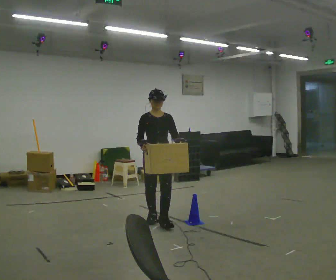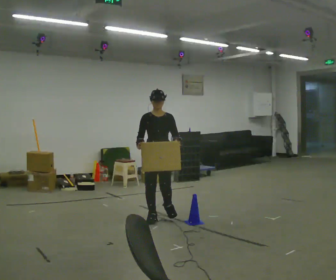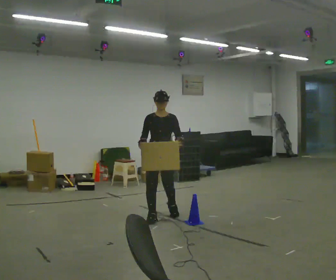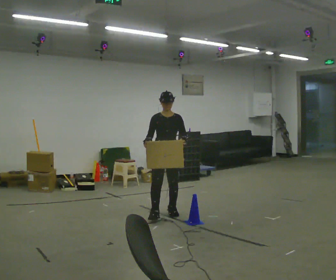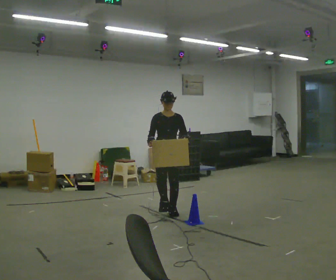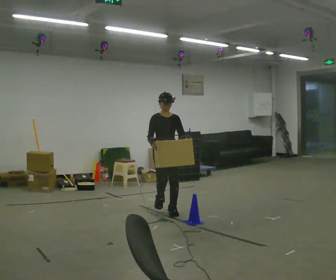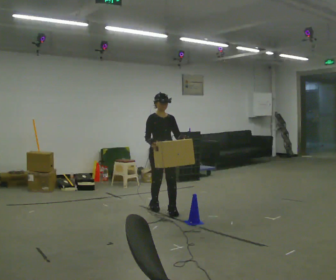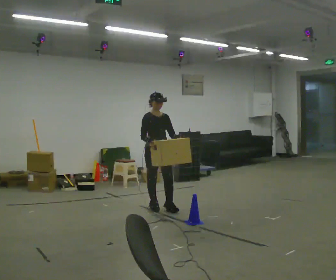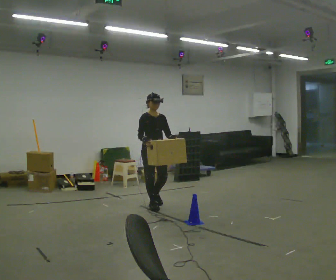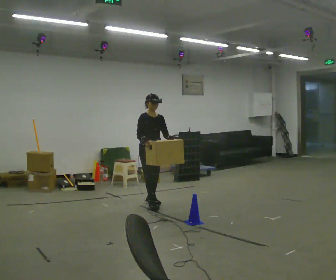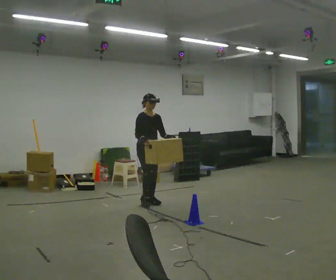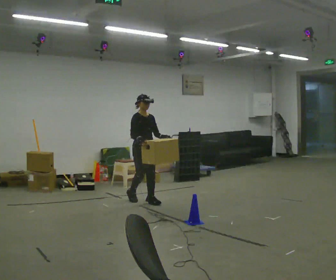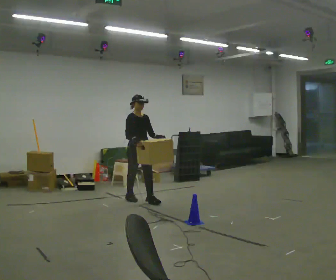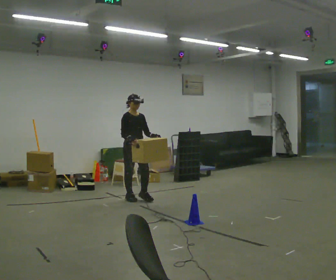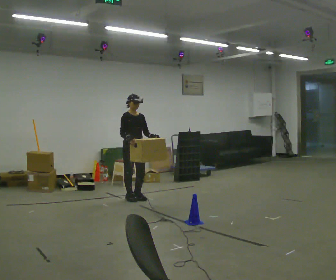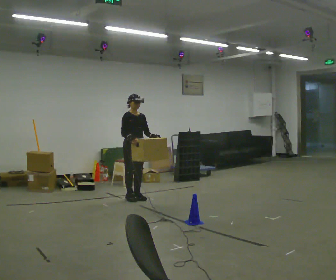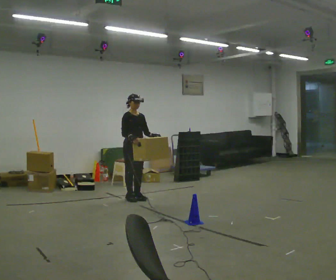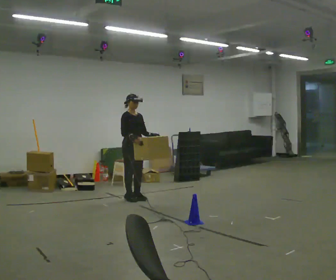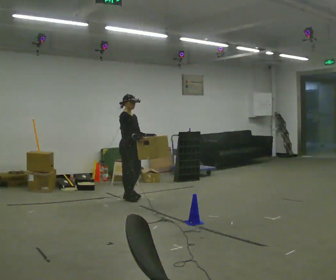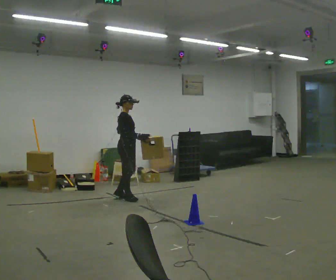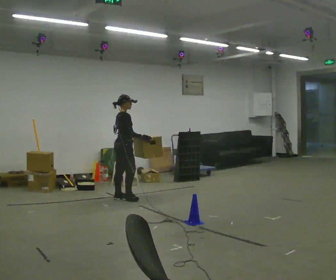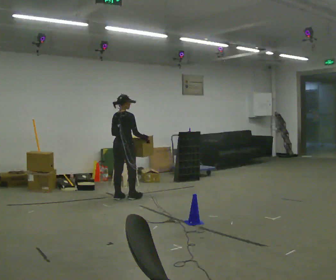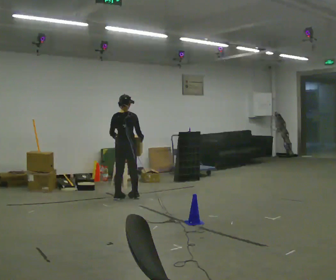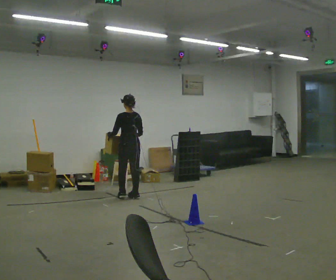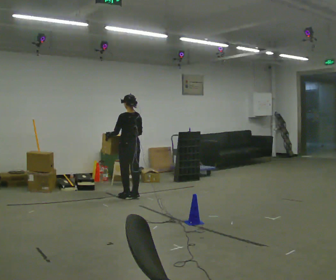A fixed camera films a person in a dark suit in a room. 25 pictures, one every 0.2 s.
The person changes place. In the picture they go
away from the camera.
The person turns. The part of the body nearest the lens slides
to the right.
0.0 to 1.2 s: In the picture they go away from the camera, about 0.5 m in 1 step, which for them is backward.
1.2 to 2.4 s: In the picture they go away from the camera and to the left, about 0.75 m in 2 steps, which for them is backward.
2.4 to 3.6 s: The person moves a little, or ends about where they began.
3.6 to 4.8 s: The part of the body nearest the lens slides to the right as the person turns to their left by about 150 degrees. In the picture their left hand goes to the left.
The film runs backward here.
